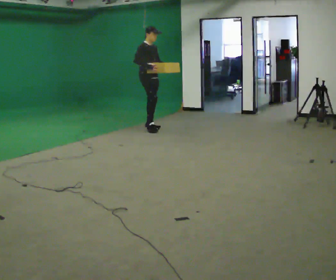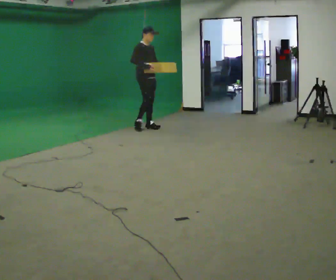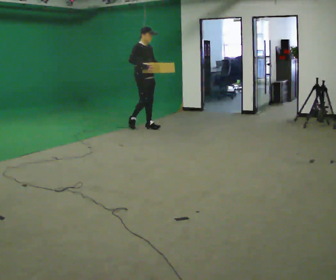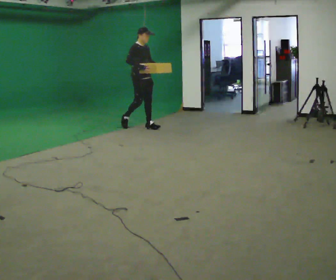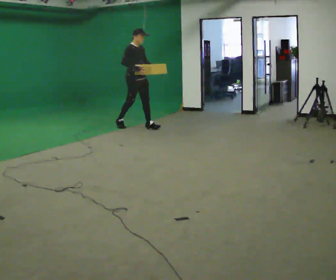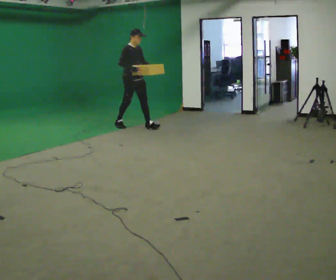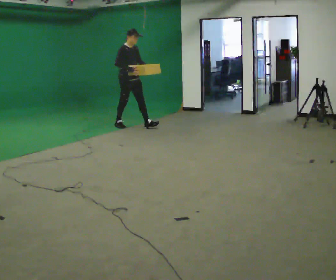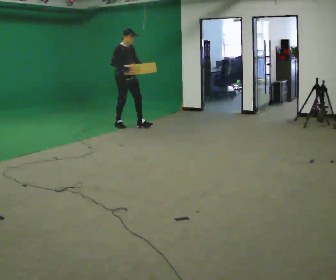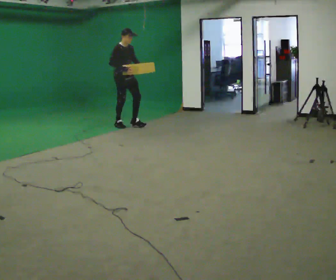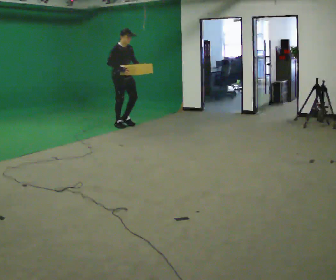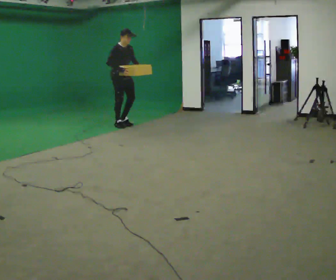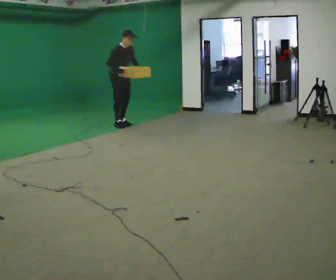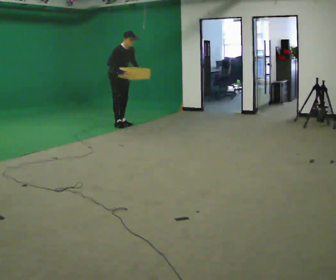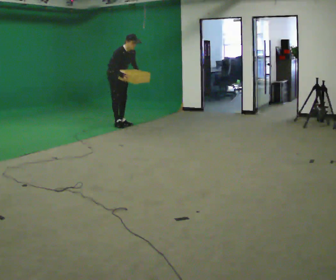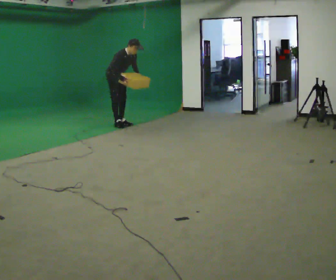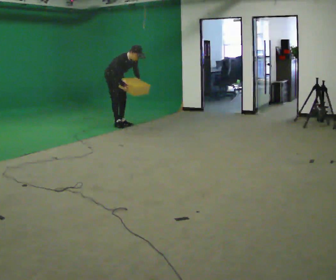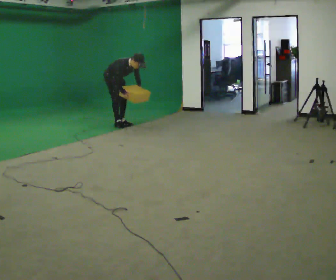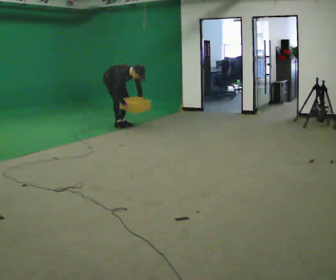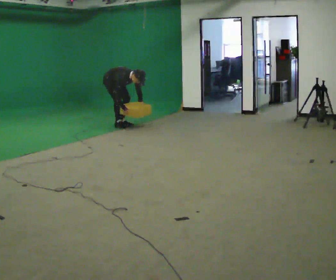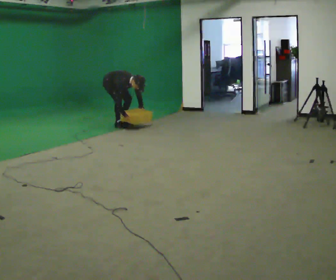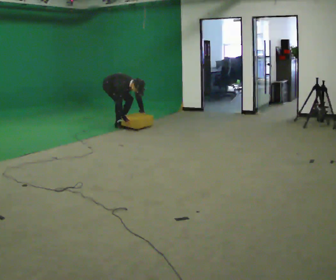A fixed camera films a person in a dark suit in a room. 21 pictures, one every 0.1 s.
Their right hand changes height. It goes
downward.
Their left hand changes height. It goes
downward.
0.0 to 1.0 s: In the picture they go to the left and away from the camera, about 0.5 m in 1 step, which for them is backward.
1.0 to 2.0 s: In the picture they go away from the camera and to the left, about 0.25 m, which for them is backward. The shoulders move downward. In the picture the upper body tilts clockwise, shoulders to the right, as they bend forward. In the picture their right hand goes downward.
The film runs backward here.
